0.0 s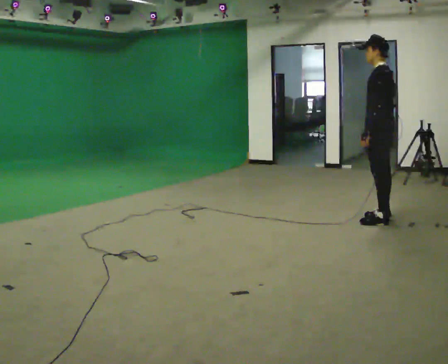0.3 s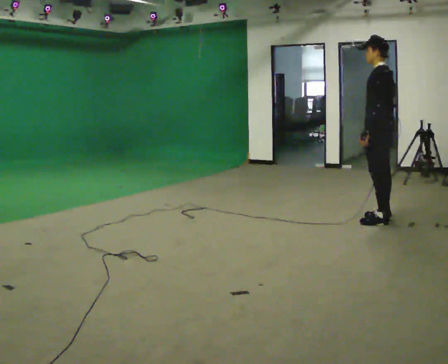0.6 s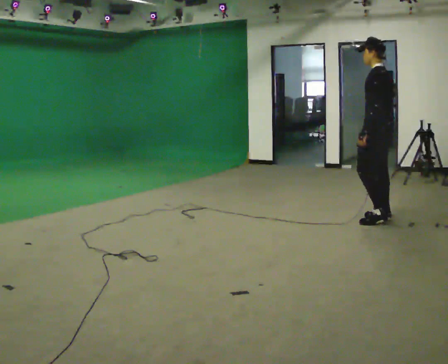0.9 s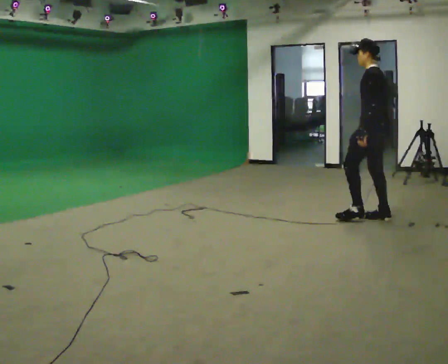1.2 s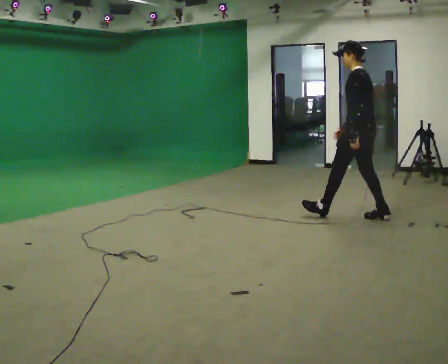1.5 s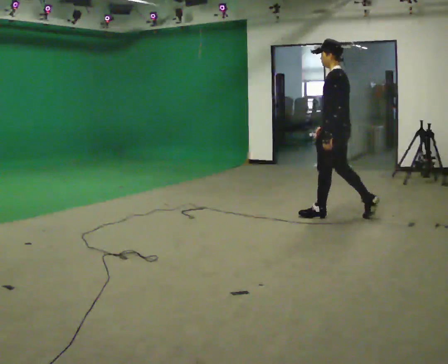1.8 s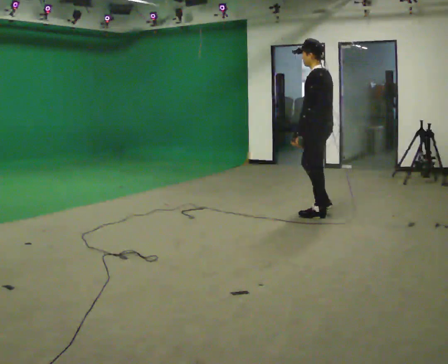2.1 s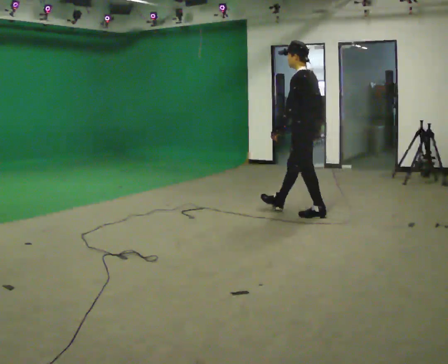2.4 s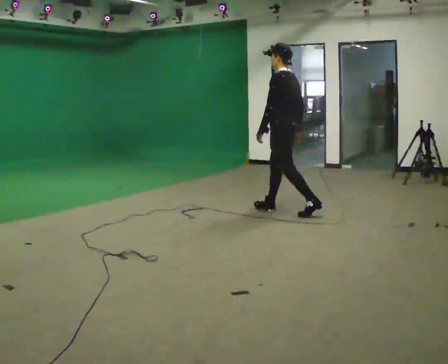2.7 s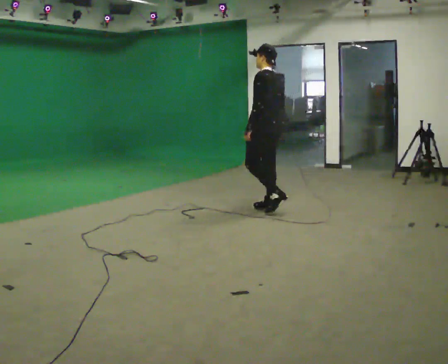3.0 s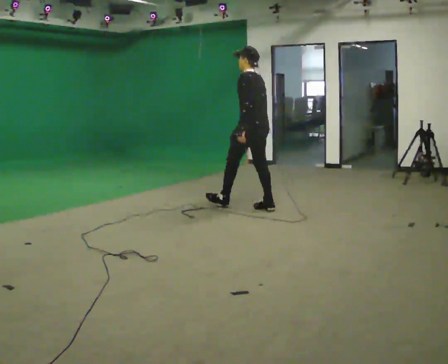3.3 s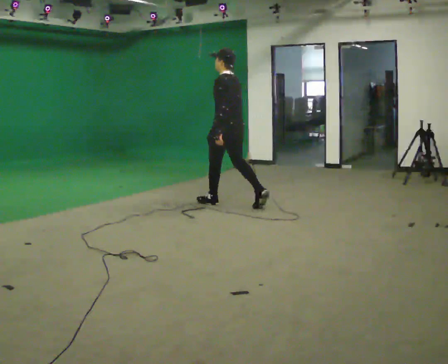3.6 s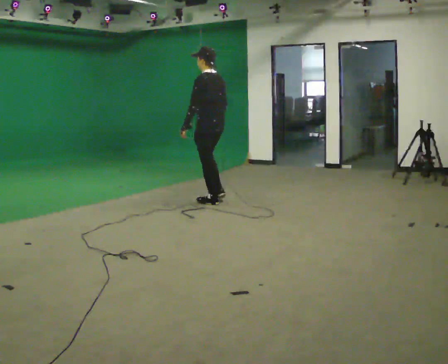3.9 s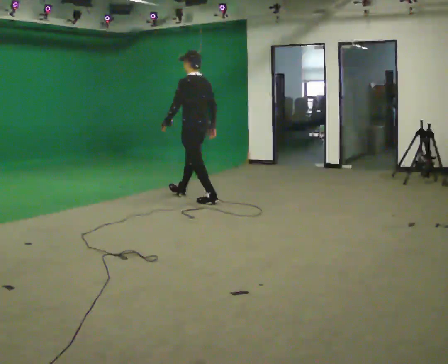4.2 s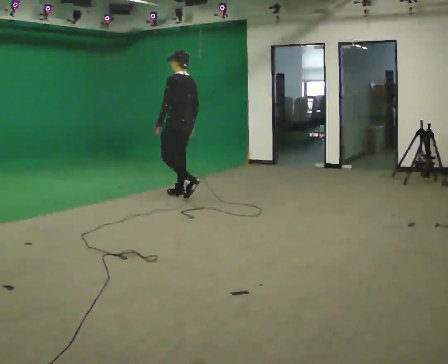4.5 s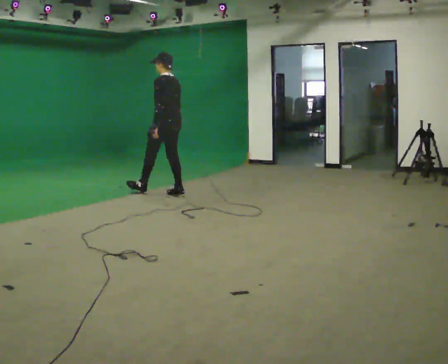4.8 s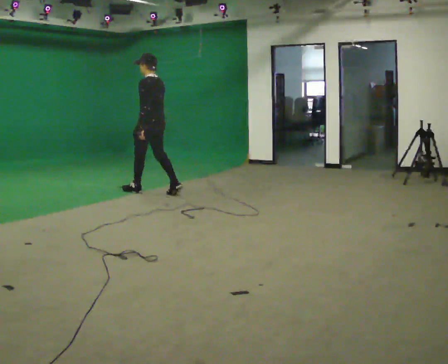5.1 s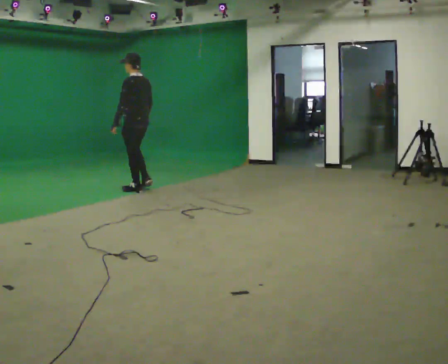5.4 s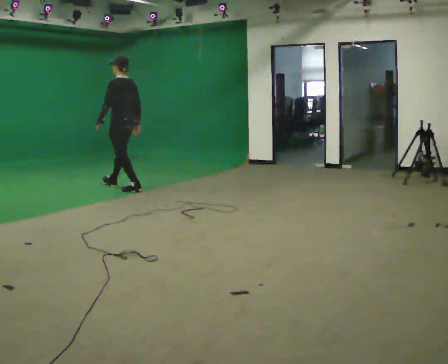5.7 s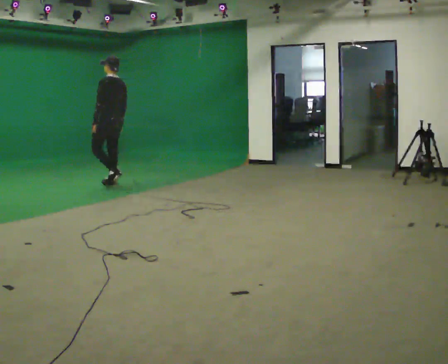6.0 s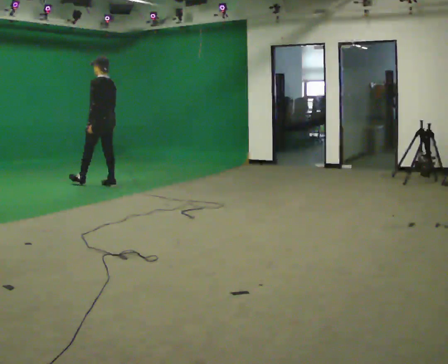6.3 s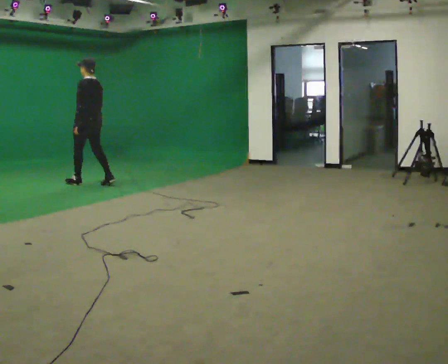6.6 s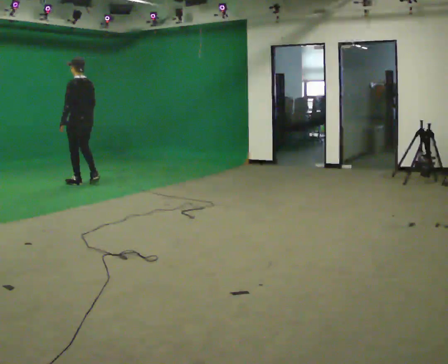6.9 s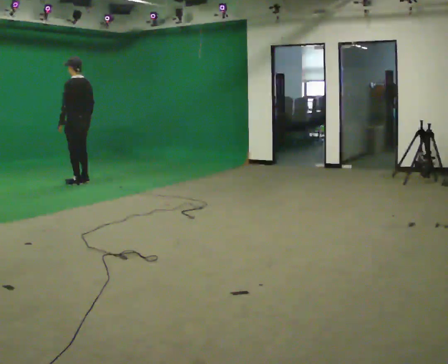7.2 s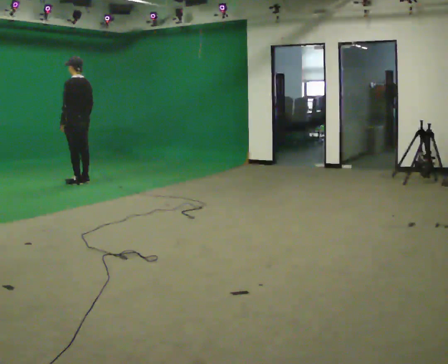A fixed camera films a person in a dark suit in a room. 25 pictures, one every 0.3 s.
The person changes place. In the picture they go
to the left.
0.0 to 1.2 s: In the picture they go to the left and away from the camera, about 0.25 m in 1 step, which for them is forward. In the picture their right hand goes to the left.
1.2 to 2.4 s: In the picture they go to the left and away from the camera, about 1 m in 1 step, which for them is forward.
2.4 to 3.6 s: In the picture they go to the left and away from the camera, about 1 m in 1 step, which for them is forward.
3.6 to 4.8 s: In the picture they go to the left and away from the camera, about 1 m in 2 steps, which for them is forward.
4.8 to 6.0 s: In the picture they go to the left and away from the camera, about 1 m in 1 step, which for them is forward.
6.0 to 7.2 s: In the picture they go to the left, about 0.5 m in 2 steps, which for them is forward.
The film runs forward here.
